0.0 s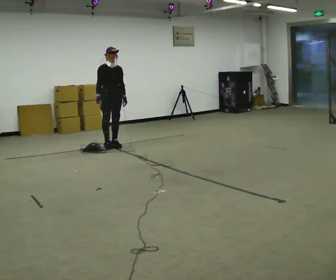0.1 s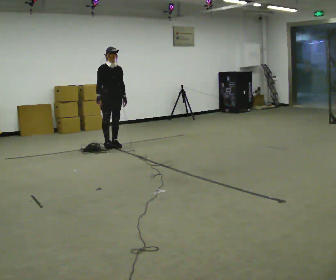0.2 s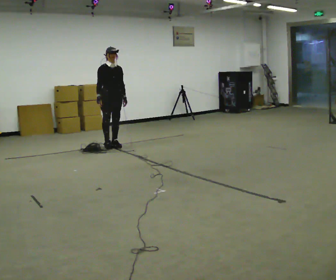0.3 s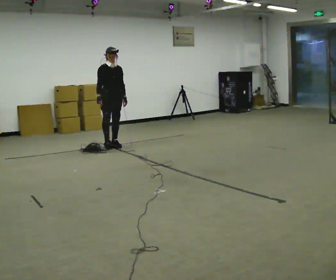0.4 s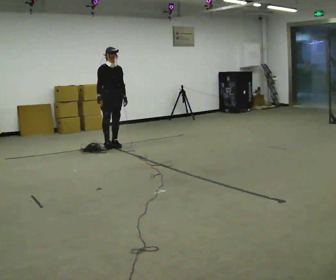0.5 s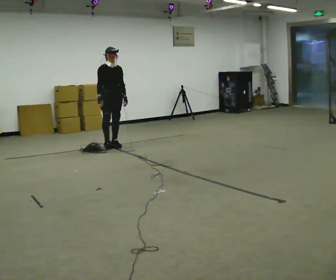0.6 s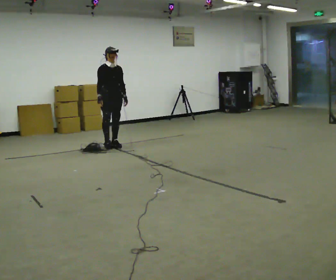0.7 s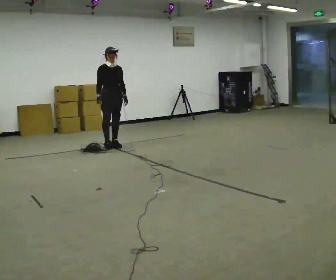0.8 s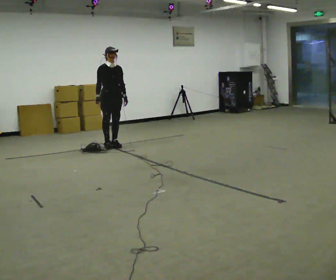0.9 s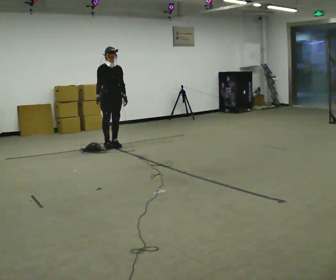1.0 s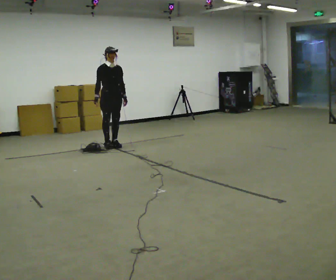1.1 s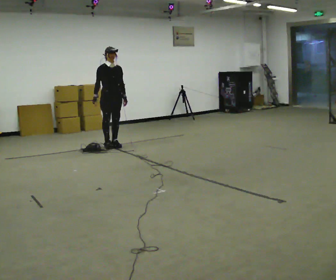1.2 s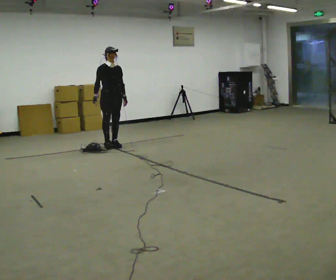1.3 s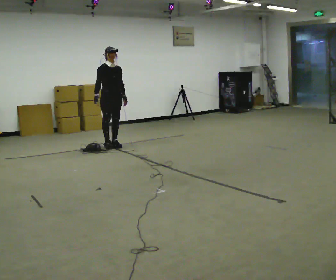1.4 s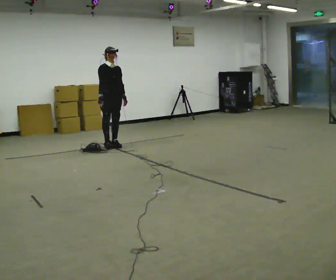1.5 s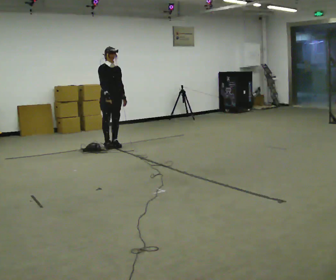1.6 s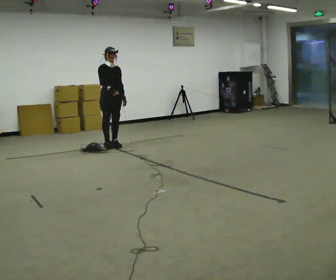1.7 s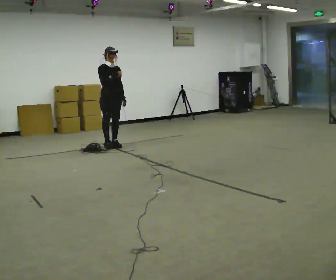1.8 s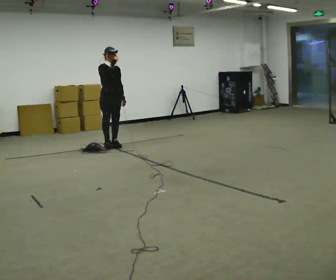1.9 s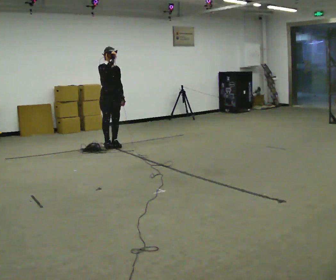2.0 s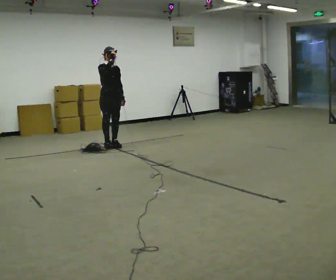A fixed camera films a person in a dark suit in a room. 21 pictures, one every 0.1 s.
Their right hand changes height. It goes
upward.
0.0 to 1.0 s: The person moves a little, or ends about where they began.
1.0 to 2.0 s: In the picture their right hand goes upward.
The film runs backward here.
